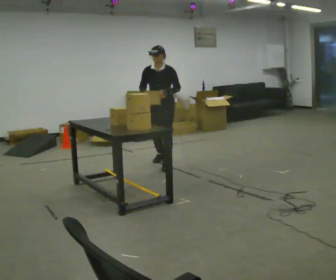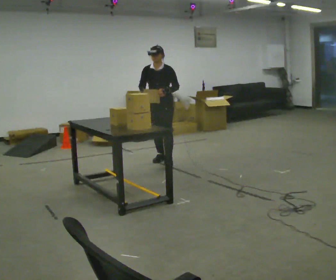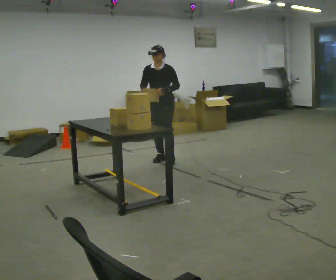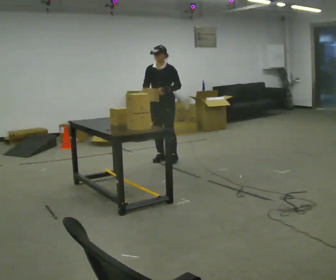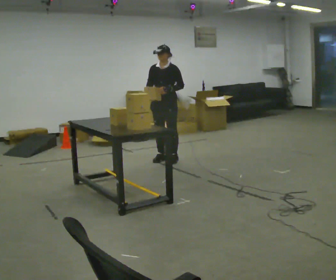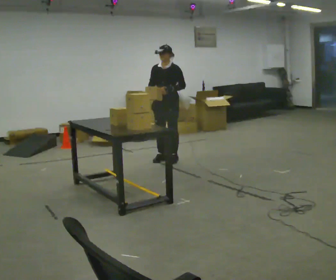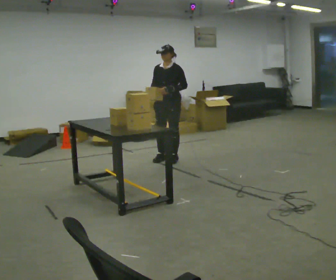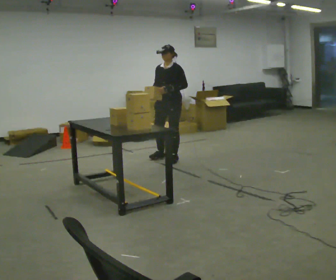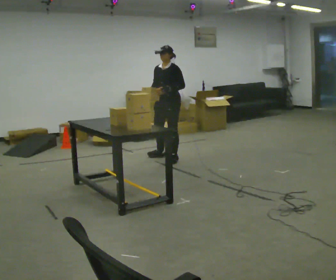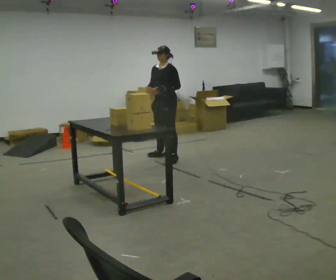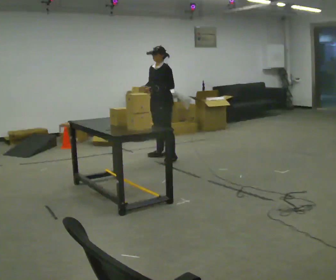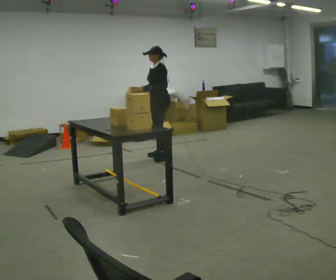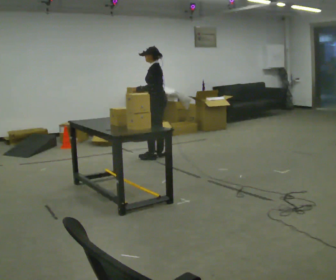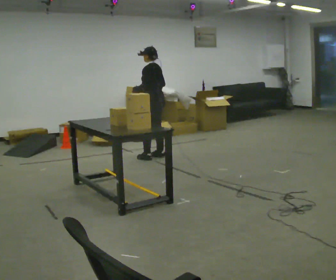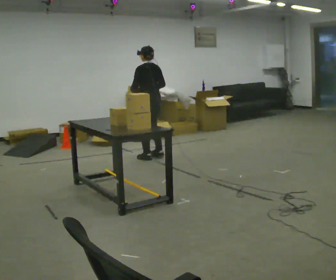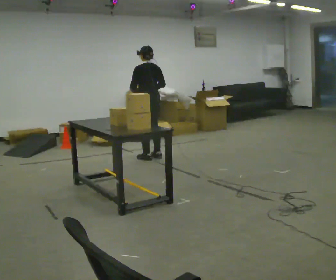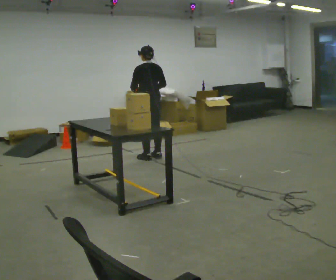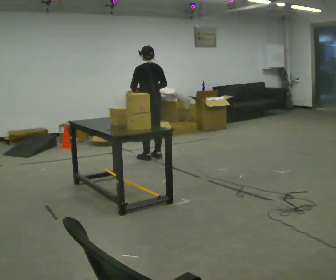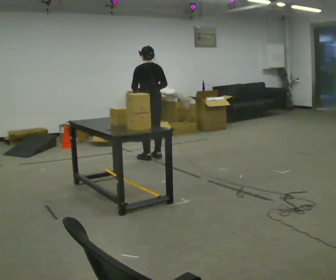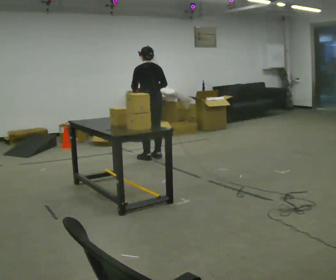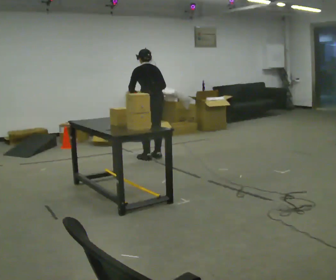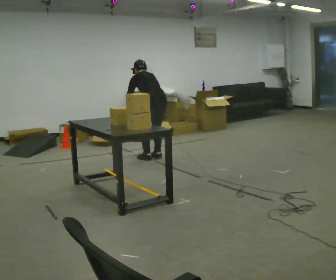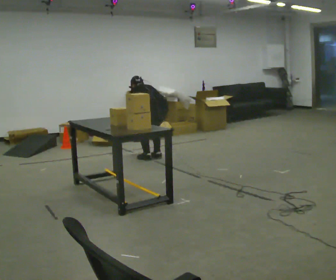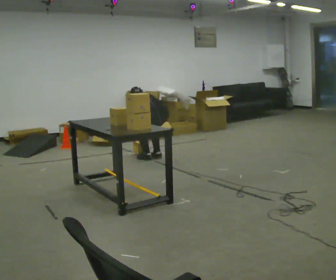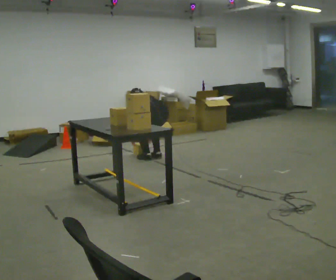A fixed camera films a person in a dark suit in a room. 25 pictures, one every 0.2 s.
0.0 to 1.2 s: In the picture they go away from the camera, about 0.25 m in 1 step, which for them is backward.
1.2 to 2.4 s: The person turns about 60 degrees to their right, clockwise seen from above, so the part of the body nearest the lens slides to the left. In the picture they go away from the camera, about 0.25 m in 2 steps.
2.4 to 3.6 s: Seen from above the body turns clockwise, about 60 degrees: to their right, with its near side sliding to the left.
3.6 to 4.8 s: The upper body goes downward. The upper body tips away from the camera, its near side rolling upward, as they bend forward. In the picture their right hand goes downward.
The film runs backward here.
